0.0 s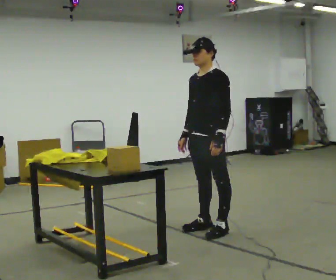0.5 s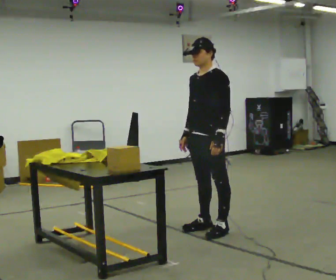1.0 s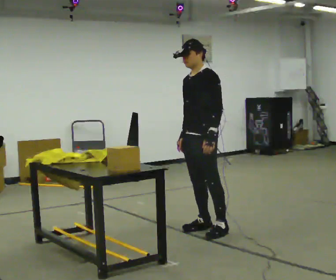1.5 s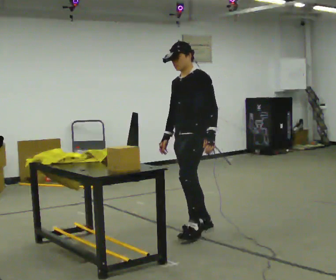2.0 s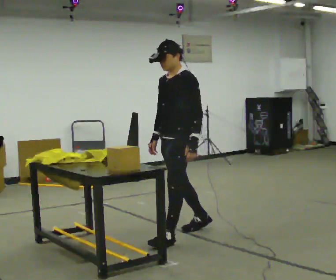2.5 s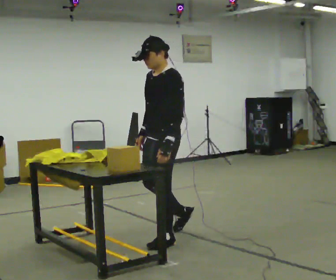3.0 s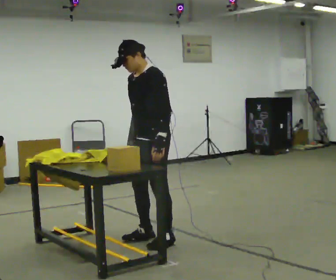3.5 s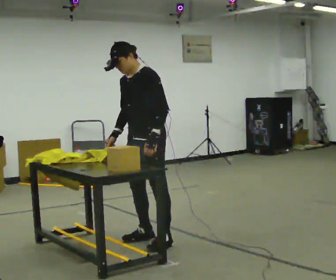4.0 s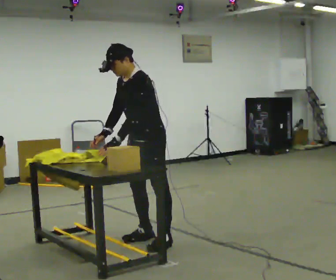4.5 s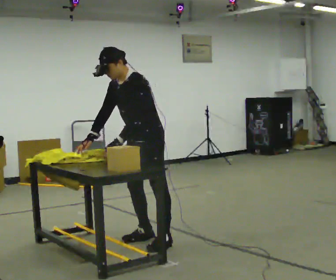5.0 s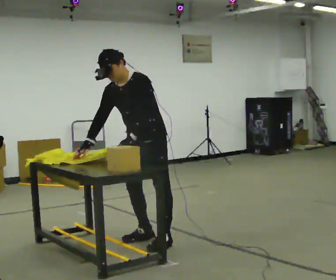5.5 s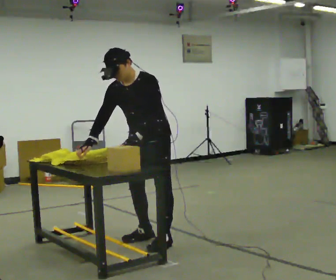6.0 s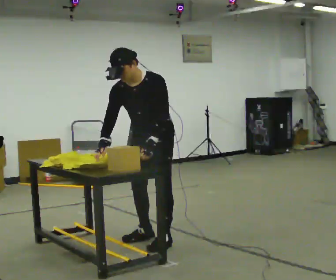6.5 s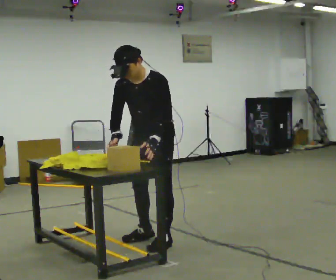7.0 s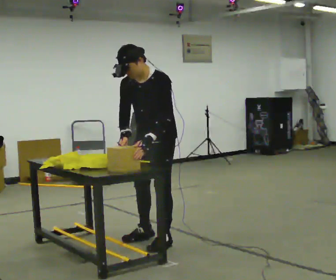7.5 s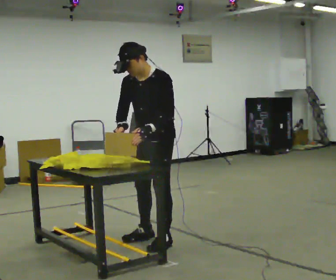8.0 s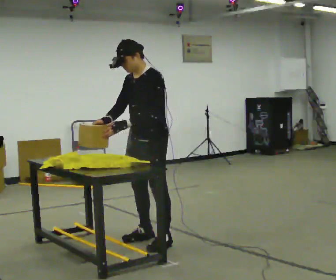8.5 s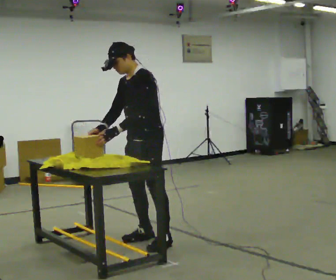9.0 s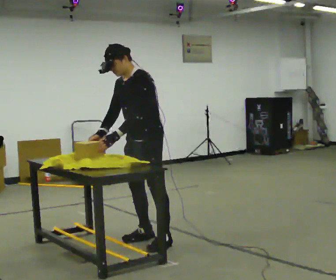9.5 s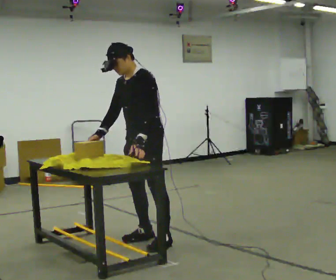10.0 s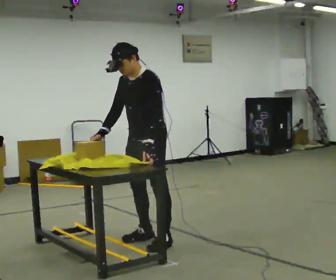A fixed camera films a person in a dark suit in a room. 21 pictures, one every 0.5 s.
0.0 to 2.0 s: In the picture they go to the left, about 0.25 m in 1 step, which for them is forward.
2.0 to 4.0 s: In the picture they go to the left, about 0.25 m in 1 step, which for them is forward. In the picture the upper body tilts counterclockwise, shoulders to the left, as they bend forward.
4.0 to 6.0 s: The part of the body nearest the lens slides to the right as the person turns to their left by about 30 degrees.
6.0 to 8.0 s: Seen from above the body turns clockwise, about 30 degrees: to their right, with its near side sliding to the left. The upper body tips away from the camera, its near side rolling upward, as they lean back or straighten.
8.0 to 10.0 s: The person moves a little, or ends about where they began.
The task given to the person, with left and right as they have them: Wrap the cloth around the object and tuck it in, then unwrap it. Repeat at your own pace until the operator says stop. Keep both feet on the marked spots for the whole take. If you have to step, stop and tell the operator.
The film runs forward here.
